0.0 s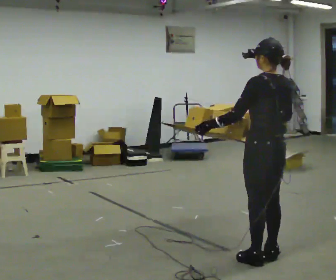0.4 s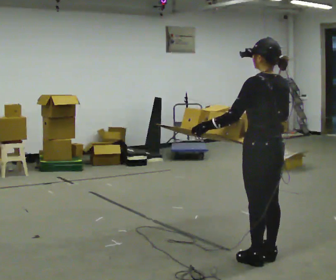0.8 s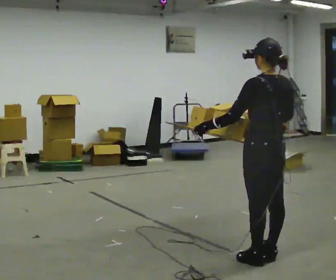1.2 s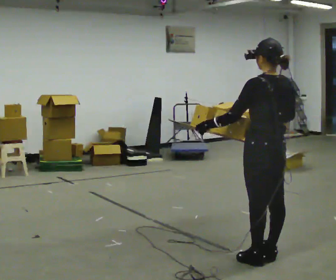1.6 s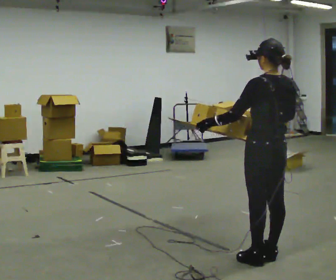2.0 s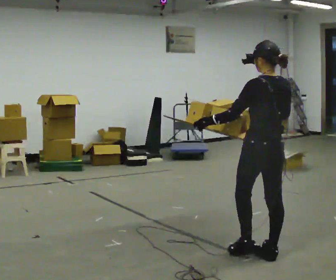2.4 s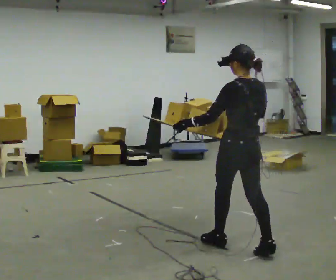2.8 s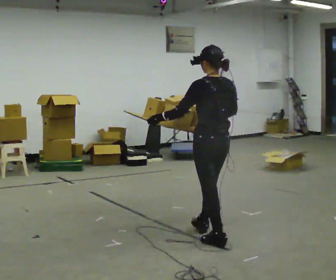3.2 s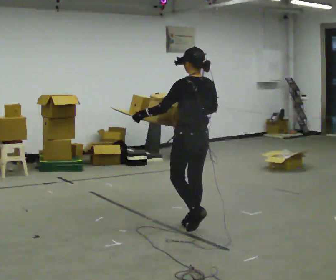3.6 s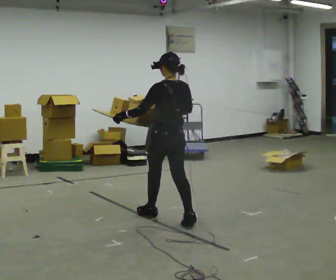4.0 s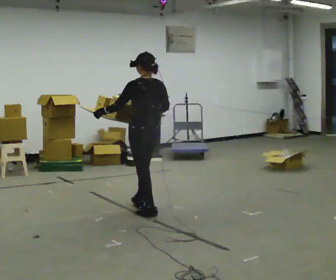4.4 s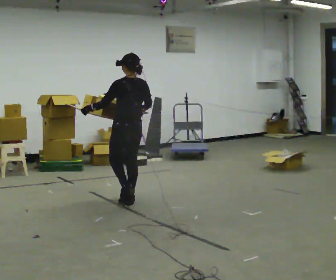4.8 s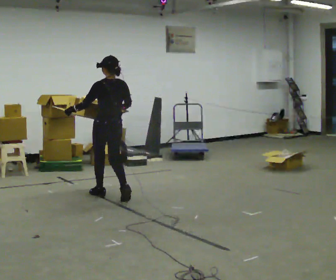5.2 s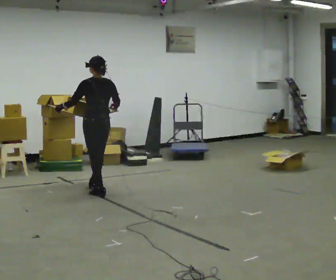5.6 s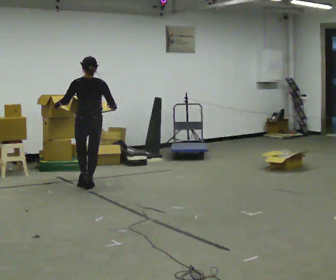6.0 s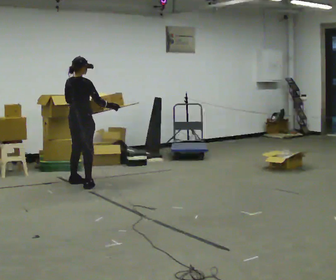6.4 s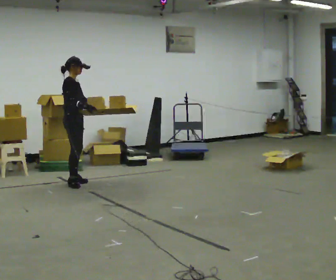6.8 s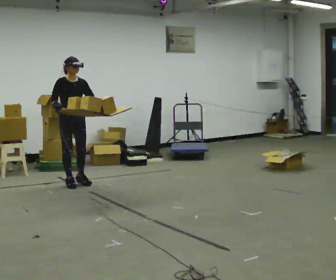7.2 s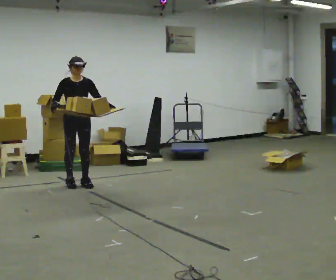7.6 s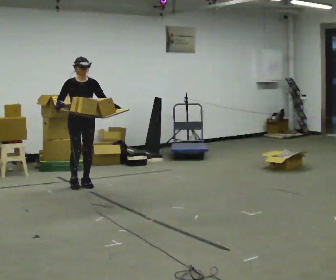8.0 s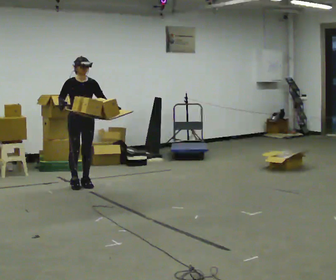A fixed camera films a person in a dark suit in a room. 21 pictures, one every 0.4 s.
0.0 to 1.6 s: The person moves a little, or ends about where they began.
1.6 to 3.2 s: In the picture they go away from the camera and to the left, about 1 m in 2 steps, which for them is forward.
3.2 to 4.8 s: In the picture they go away from the camera and to the left, about 1.5 m in 3 steps, which for them is forward.
4.8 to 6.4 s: The person turns about 135 degrees to their right, clockwise seen from above, so the part of the body nearest the lens slides to the left. In the picture they go away from the camera and to the left, about 1 m in 2 steps.
6.4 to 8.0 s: Seen from above the body turns clockwise, about 60 degrees: to their right, with its near side sliding to the left.
The film runs forward here.
